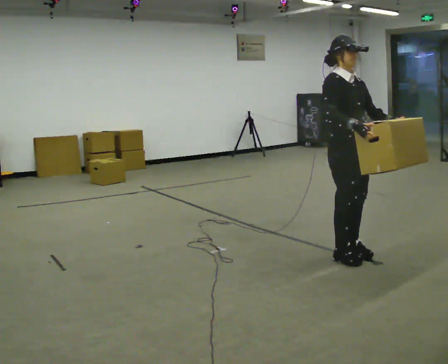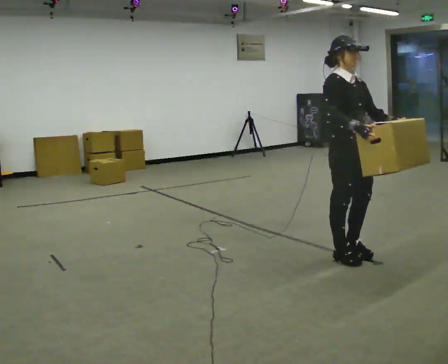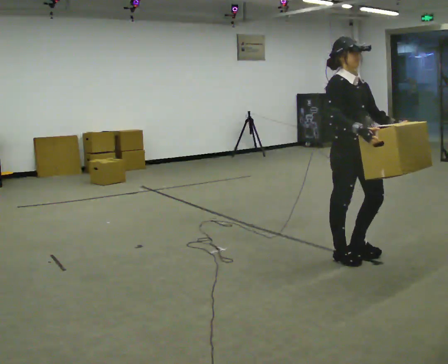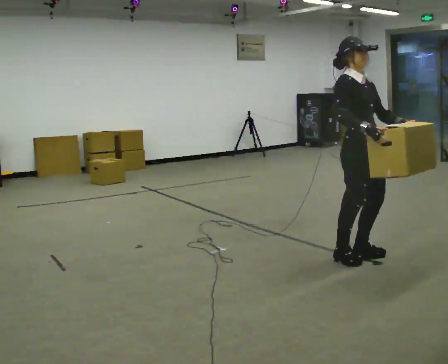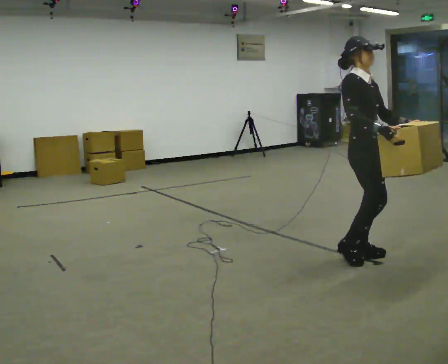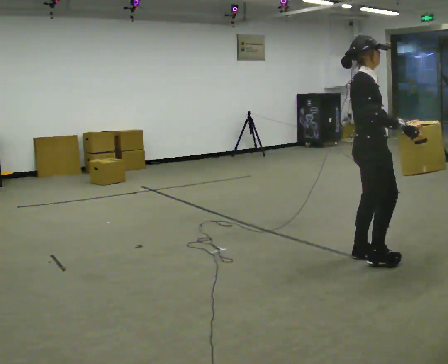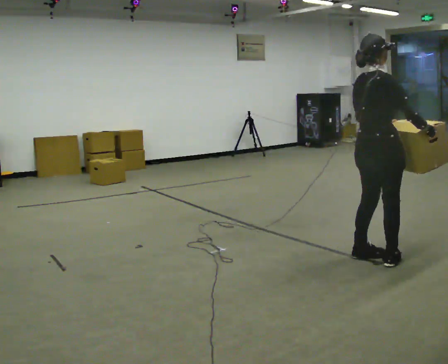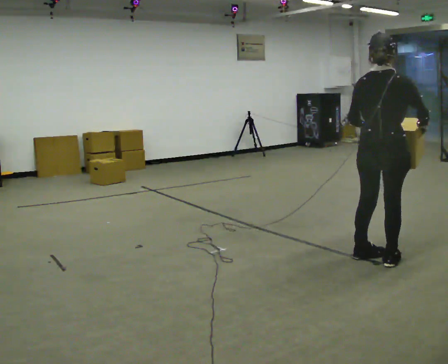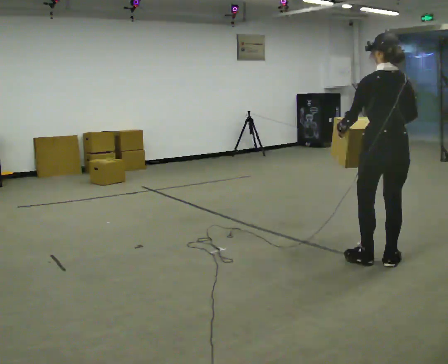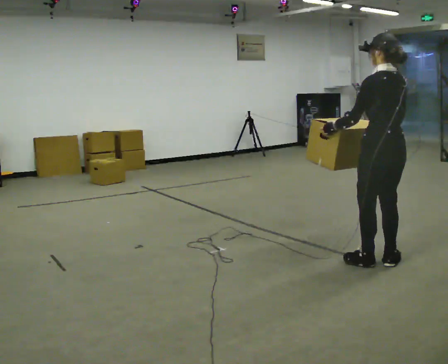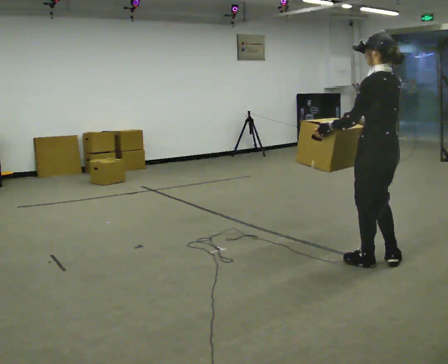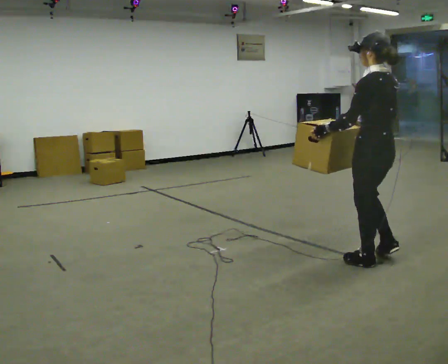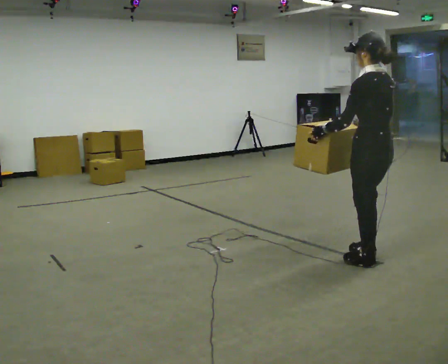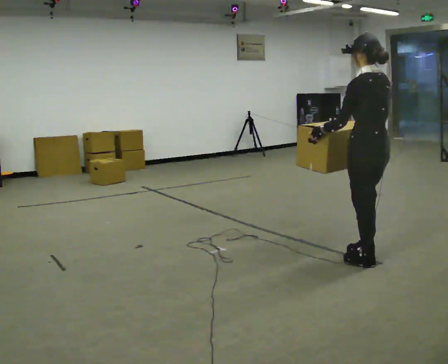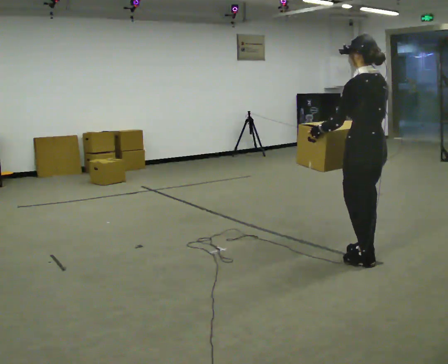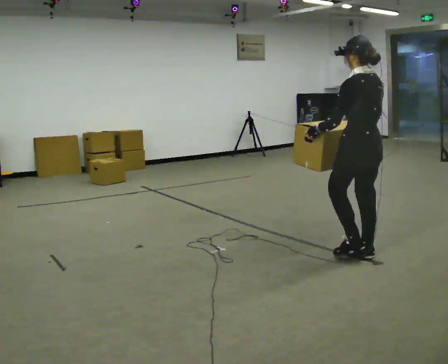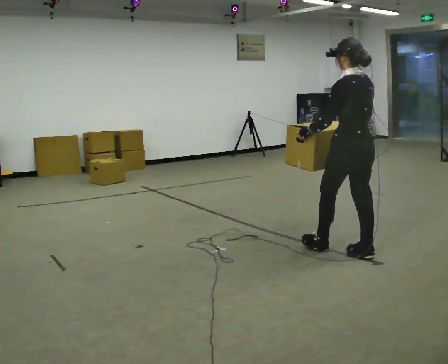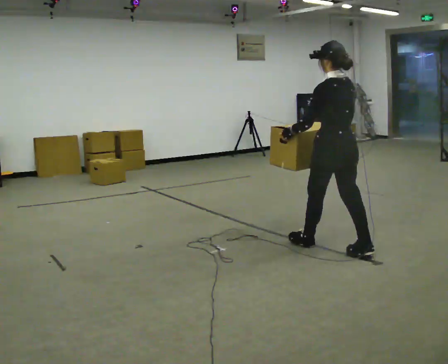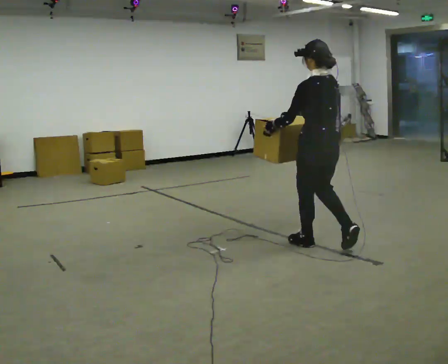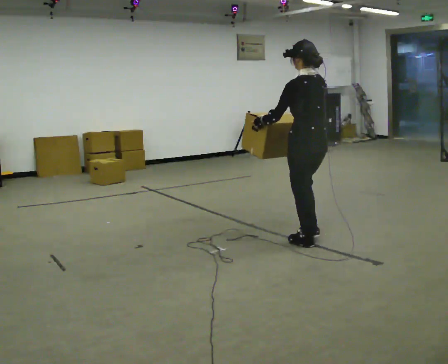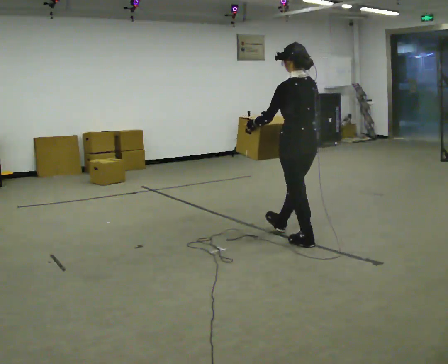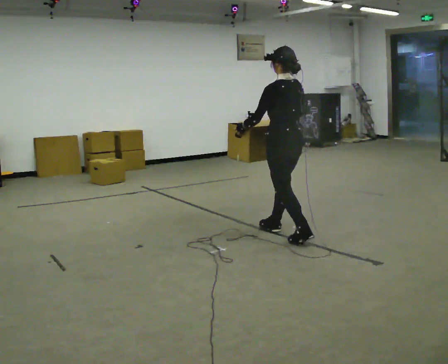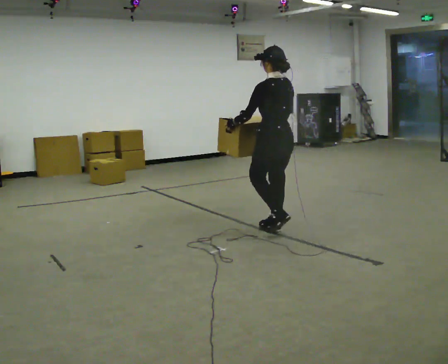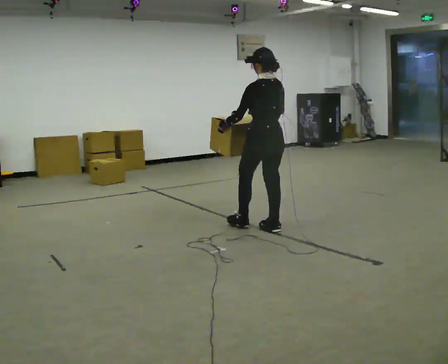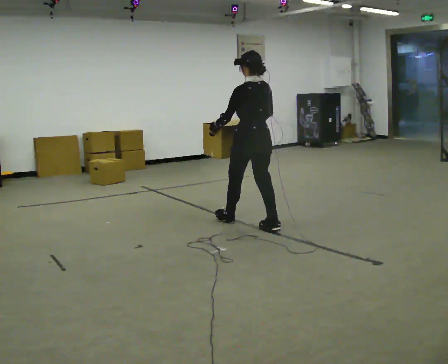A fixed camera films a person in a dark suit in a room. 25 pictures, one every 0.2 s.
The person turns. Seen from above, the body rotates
counterclockwise.
The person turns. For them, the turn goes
to their left.
0.0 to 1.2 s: The part of the body nearest the lens slides to the right as the person turns to their left by about 90 degrees. In the picture they go to the right, about 0.25 m in 1 step.
1.2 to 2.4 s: Seen from above the body turns counterclockwise, about 90 degrees: to their left, with its near side sliding to the right. In the picture their right hand goes to the left.
2.4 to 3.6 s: In the picture they go to the left and away from the camera, about 0.5 m in 1 step, which for them is forward.
3.6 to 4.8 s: In the picture they go to the left and away from the camera, about 1 m in 2 steps, which for them is forward.
The film runs forward here.
